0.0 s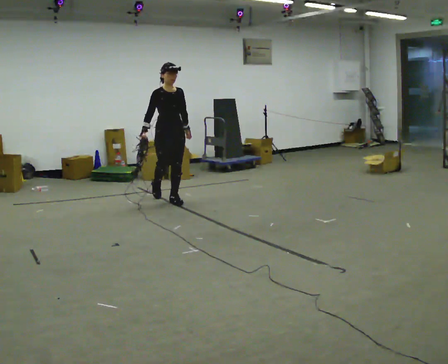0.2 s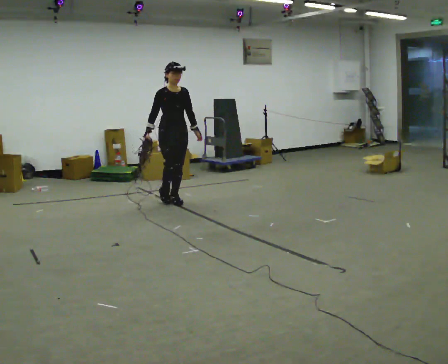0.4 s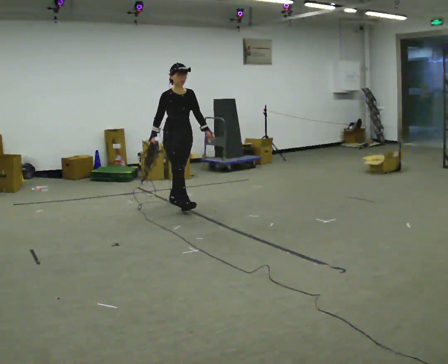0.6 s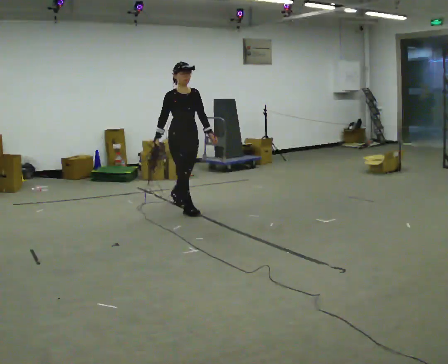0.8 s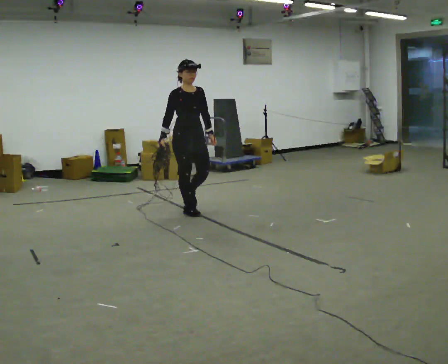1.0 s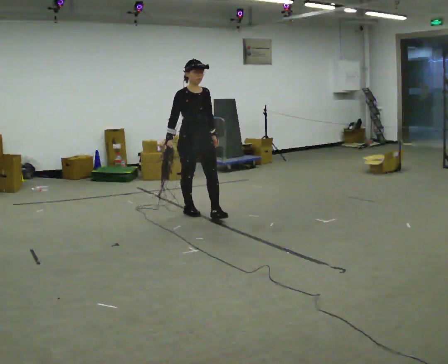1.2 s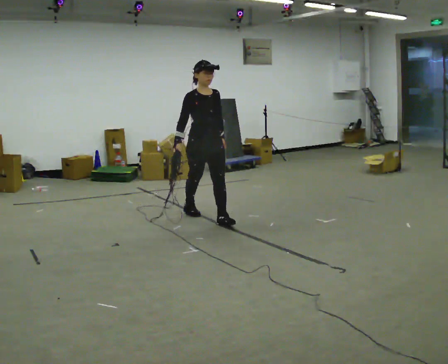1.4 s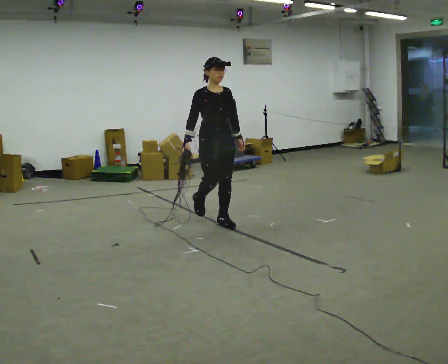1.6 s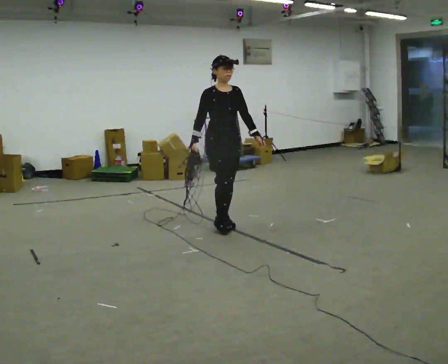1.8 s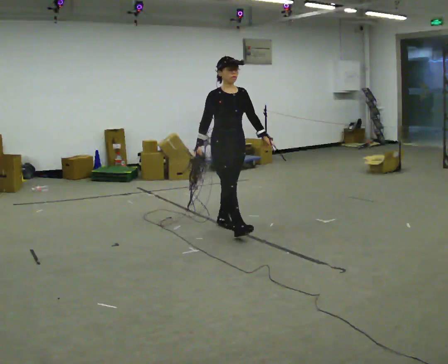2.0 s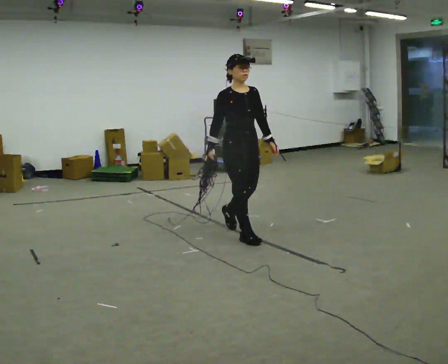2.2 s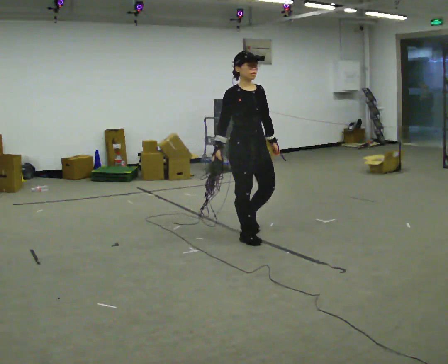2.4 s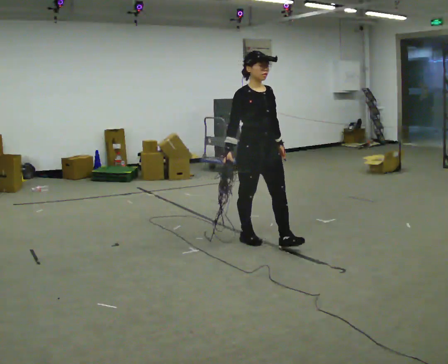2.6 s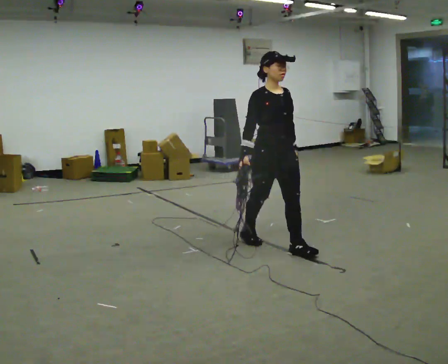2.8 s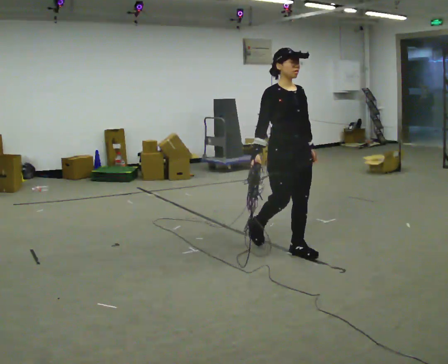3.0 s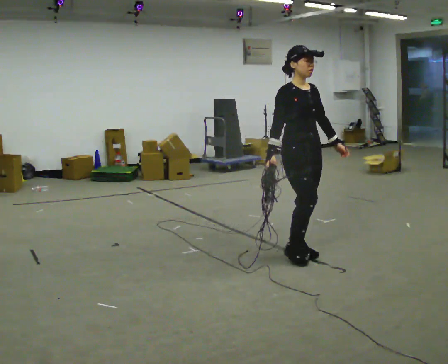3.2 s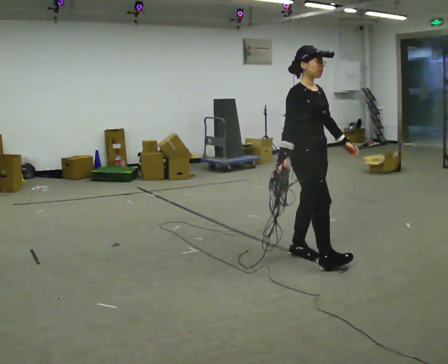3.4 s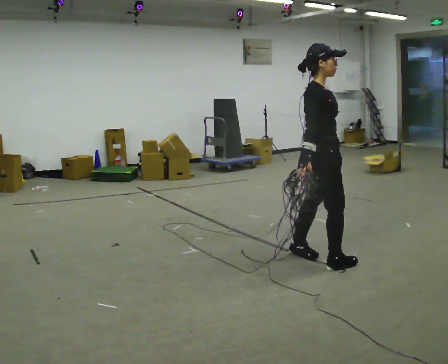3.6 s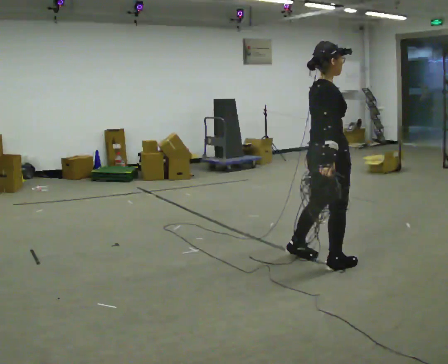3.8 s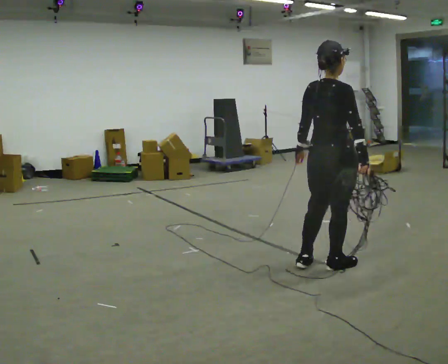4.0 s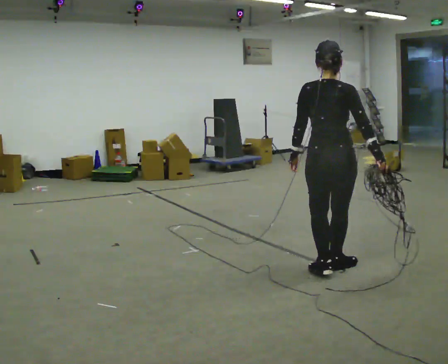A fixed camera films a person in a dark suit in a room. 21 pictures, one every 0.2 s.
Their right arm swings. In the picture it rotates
counterclockwise.
0.0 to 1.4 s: In the picture they go toward the camera and to the right, about 1 m in 2 steps, which for them is forward.
1.4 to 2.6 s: In the picture they go toward the camera and to the right, about 1 m in 2 steps, which for them is forward.
2.6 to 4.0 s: The part of the body nearest the lens slides to the right as the person turns to their left by about 135 degrees. In the picture they go toward the camera and to the right, about 0.75 m in 1 step.
The film runs forward here.
